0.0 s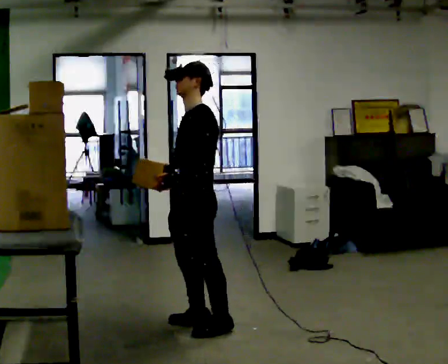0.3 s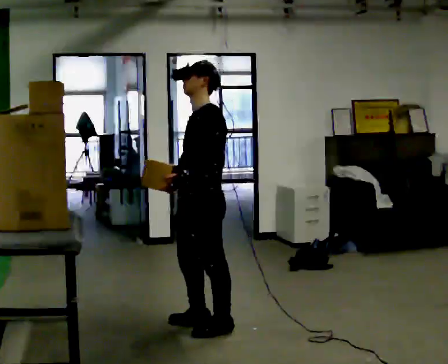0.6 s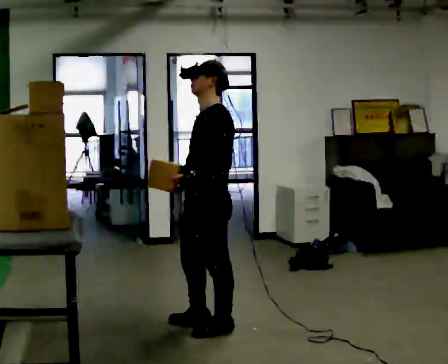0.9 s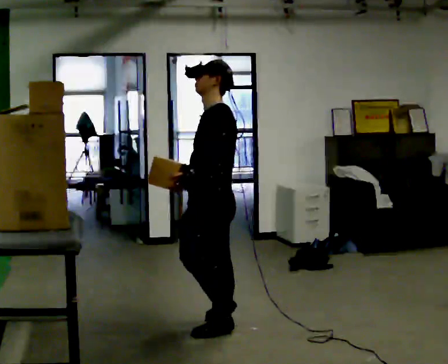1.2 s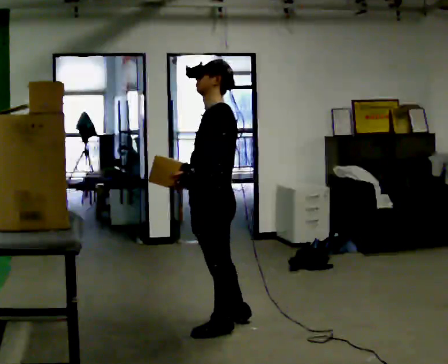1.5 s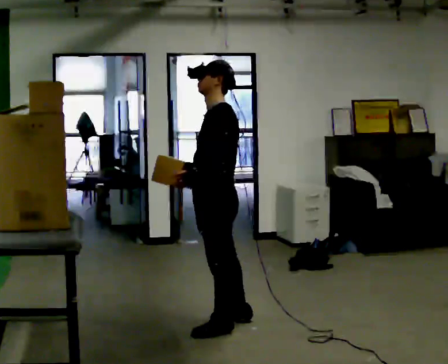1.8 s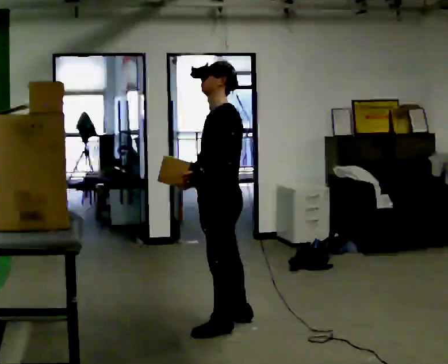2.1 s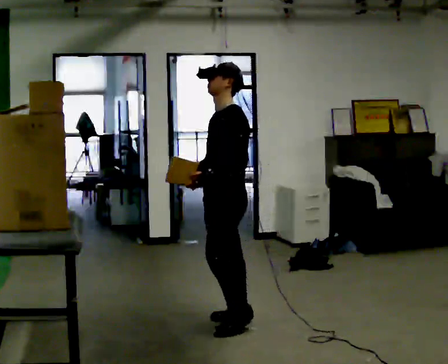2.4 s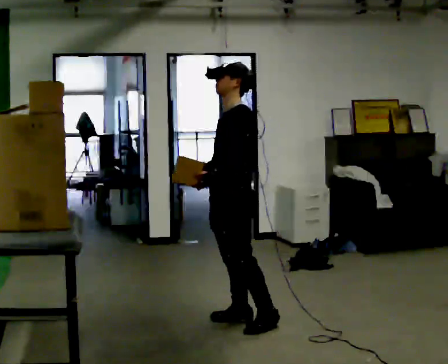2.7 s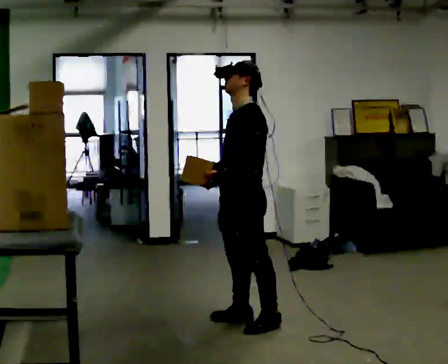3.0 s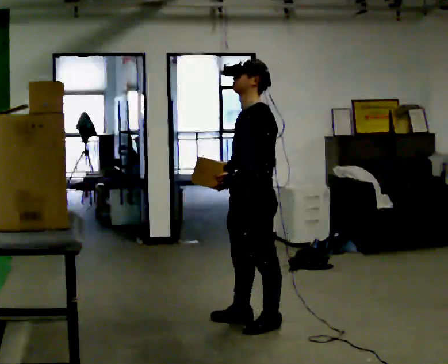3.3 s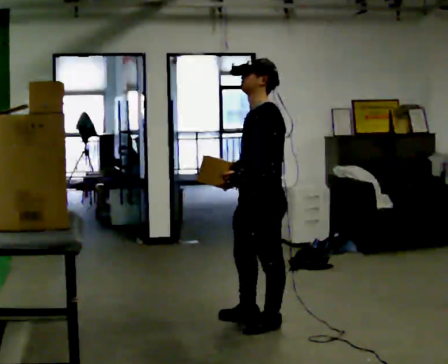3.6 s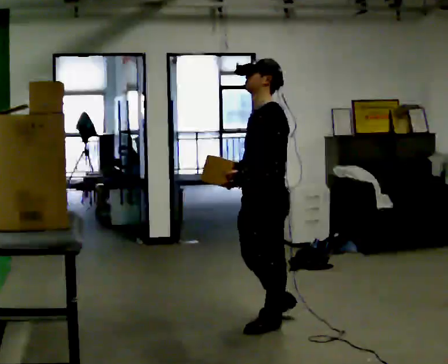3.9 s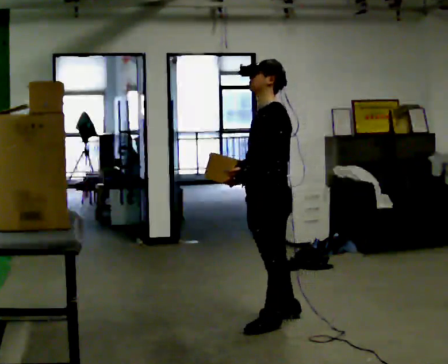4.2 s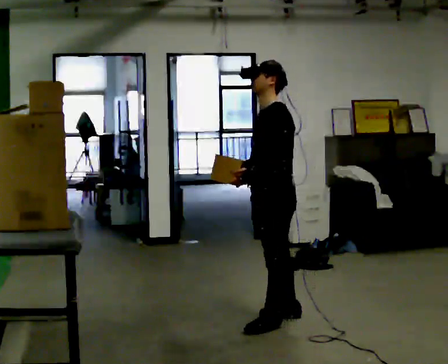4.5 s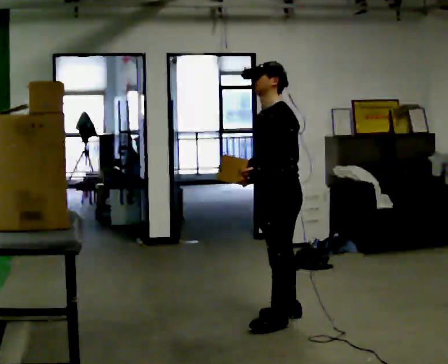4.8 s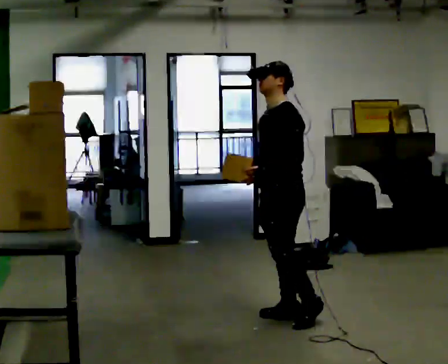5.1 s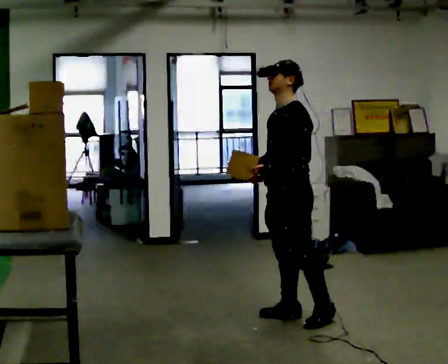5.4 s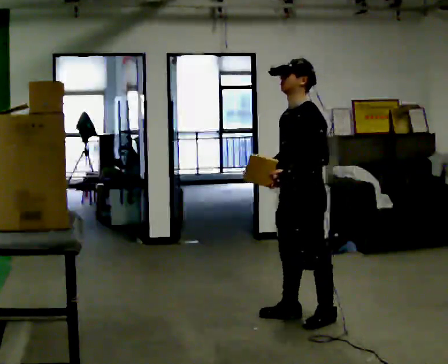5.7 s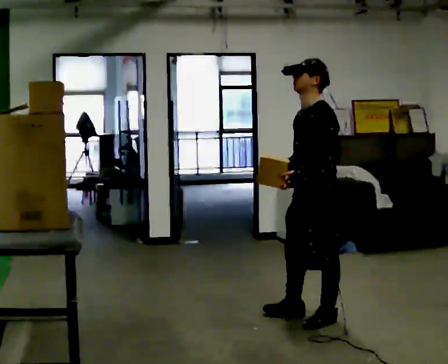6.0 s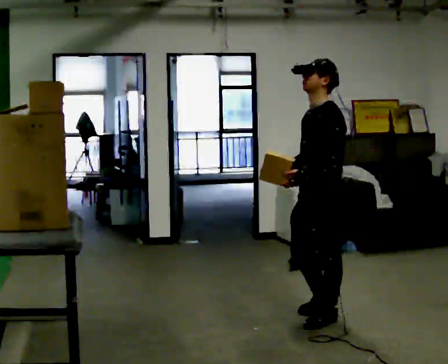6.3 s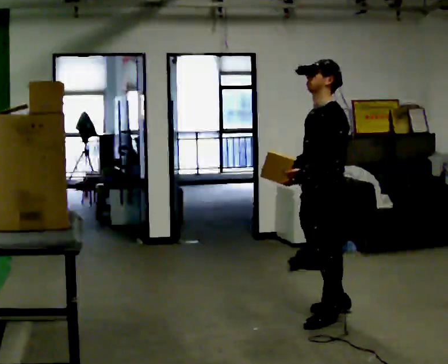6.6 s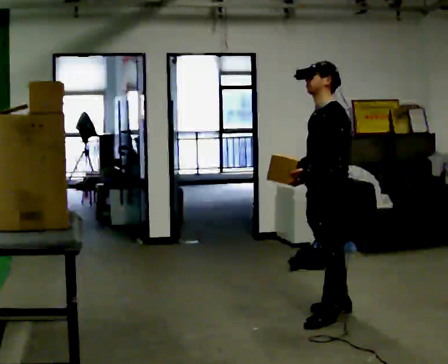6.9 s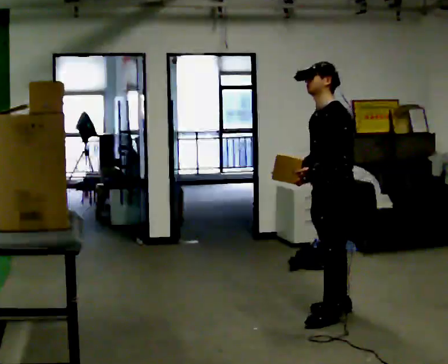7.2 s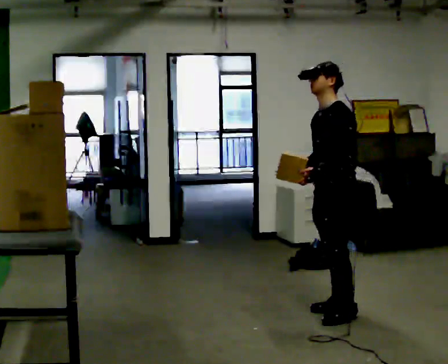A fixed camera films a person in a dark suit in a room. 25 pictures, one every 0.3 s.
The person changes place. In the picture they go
to the right.
0.0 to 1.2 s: The person moves a little, or ends about where they began.
1.2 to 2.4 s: In the picture they go away from the camera, about 0.25 m in 1 step, which for them is backward and to their right.
2.4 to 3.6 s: In the picture they go to the right, about 0.25 m in 1 step, which for them is to their left and backward.
3.6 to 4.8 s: In the picture they go away from the camera, about 0.25 m in 1 step, which for them is backward and to their right.
4.8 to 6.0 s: In the picture they go to the right and toward the camera, about 0.25 m in 1 step, which for them is to their left and backward.
6.0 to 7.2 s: In the picture they go away from the camera, about 0.25 m in 1 step, which for them is backward and to their right.
The film runs backward here.
